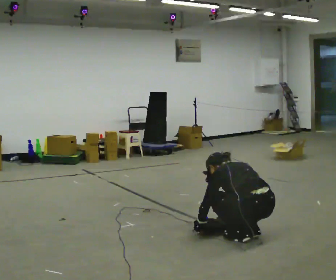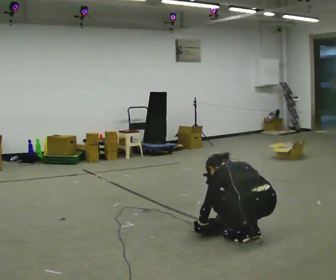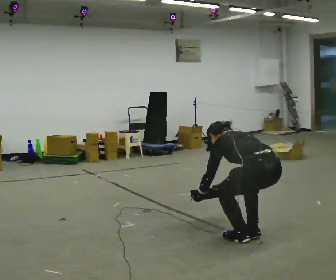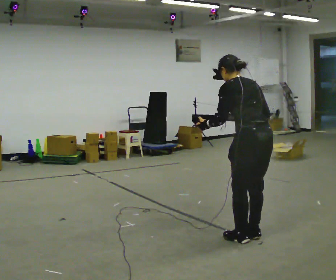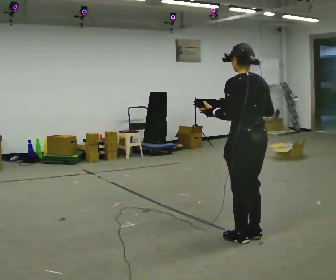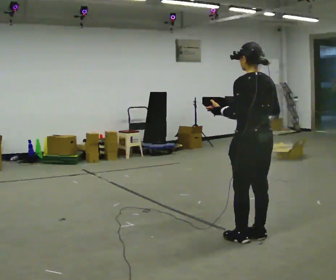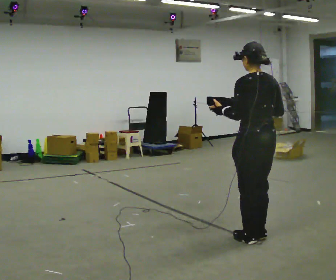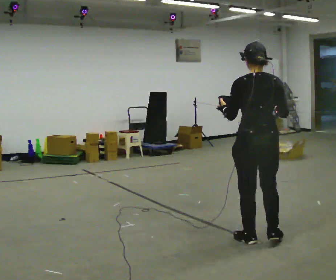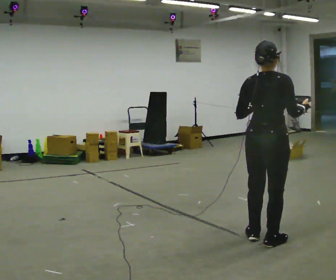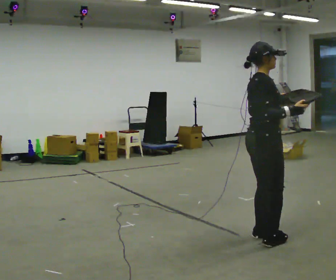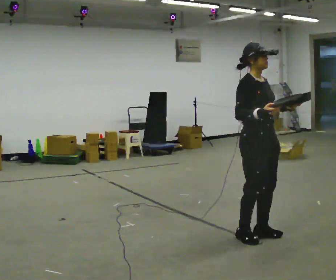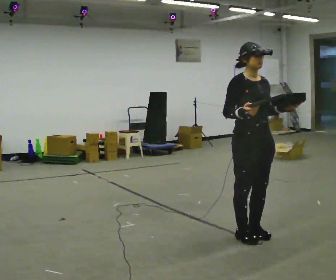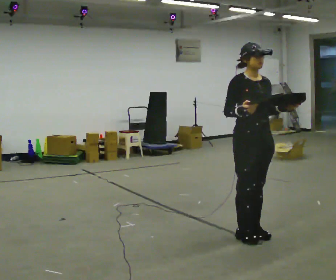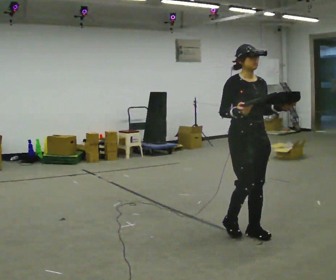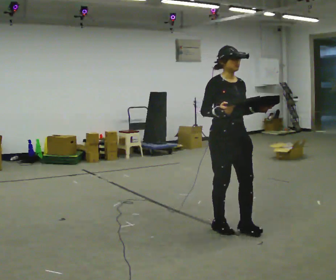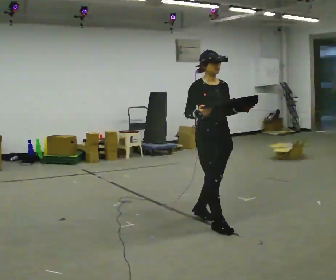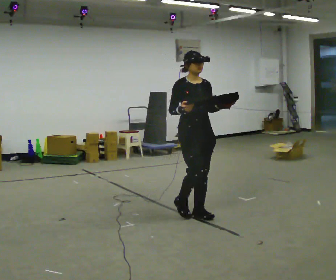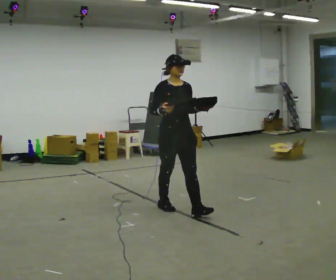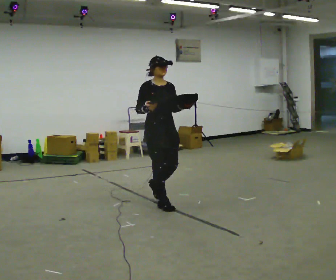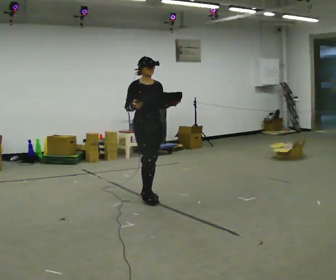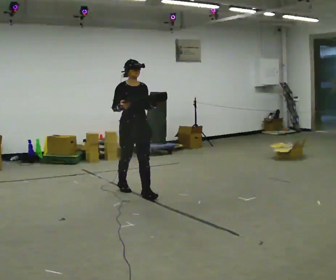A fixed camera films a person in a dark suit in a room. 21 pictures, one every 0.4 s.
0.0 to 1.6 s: The shoulders move upward. The upper body tips toward the camera, its near side rolling downward, as they lean back or straighten. In the picture their right hand goes upward.
1.6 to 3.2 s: Seen from above the body turns clockwise, about 60 degrees: to their right, with its near side sliding to the left. In the picture their right hand goes to the right.
3.2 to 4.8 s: Seen from above the body turns clockwise, about 120 degrees: to their right, with its near side sliding to the left. In the picture they go away from the camera, about 0.25 m in 1 step. In the picture their right hand goes to the left.
4.8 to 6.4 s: In the picture they go away from the camera and to the left, about 1 m in 3 steps, which for them is backward.
6.4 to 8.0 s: In the picture they go away from the camera and to the left, about 1 m in 2 steps, which for them is backward.
The film runs backward here.
